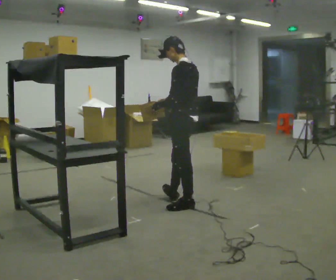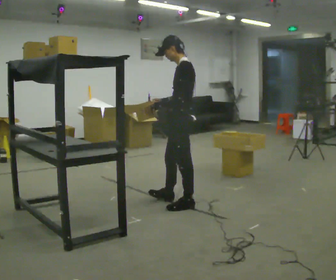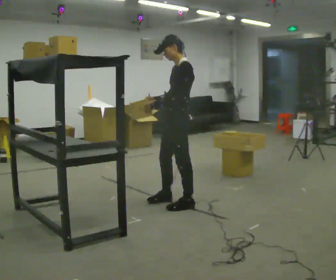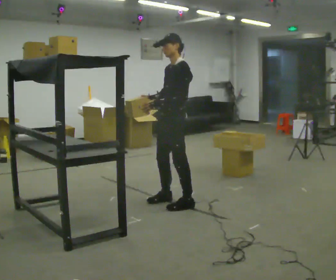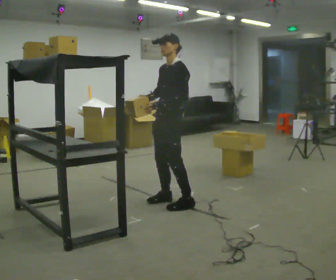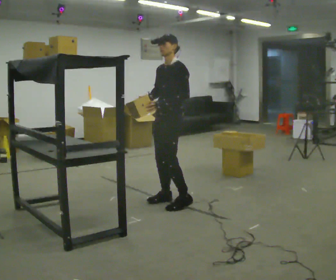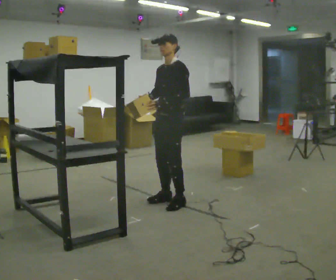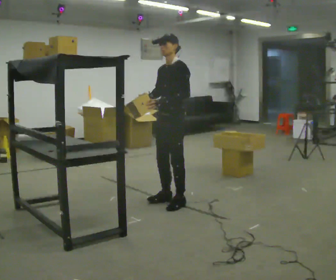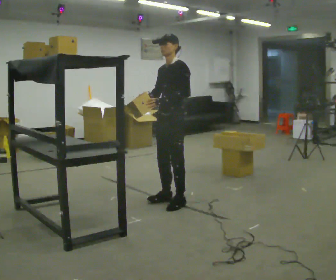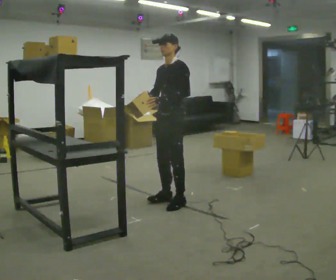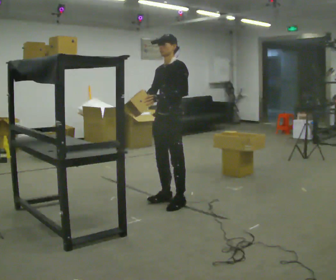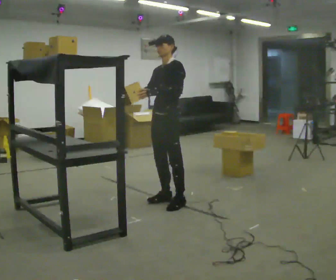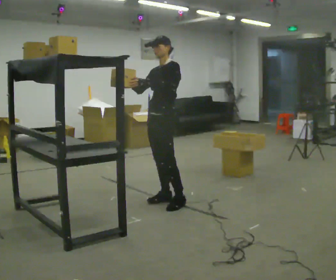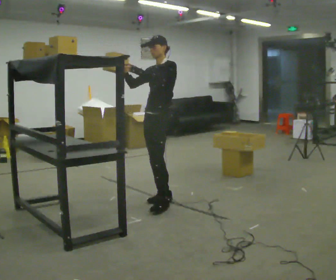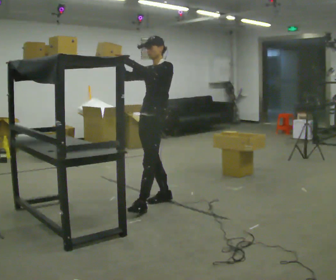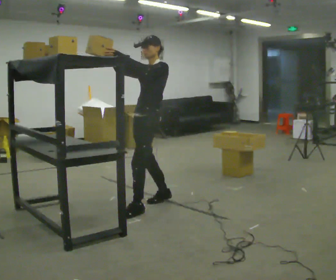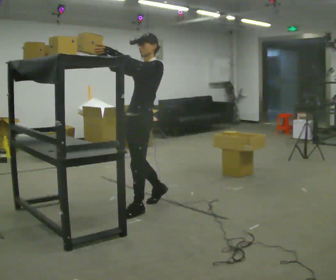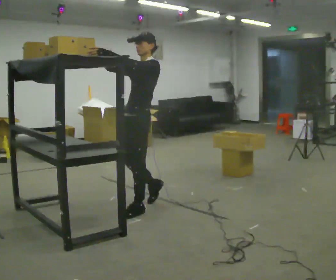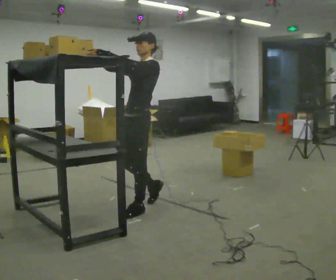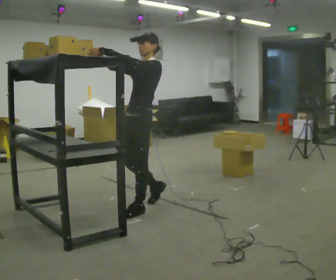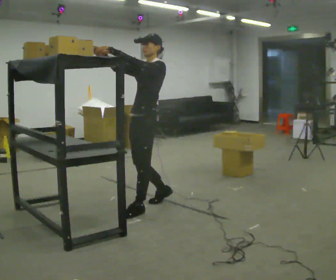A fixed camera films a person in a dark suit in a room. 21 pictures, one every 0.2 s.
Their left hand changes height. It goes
upward.
The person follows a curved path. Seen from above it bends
counterclockwise.
0.0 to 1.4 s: The part of the body nearest the lens slides to the right as the person turns to their left by about 60 degrees.
1.4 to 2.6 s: The person moves a little, or ends about where they began.
2.6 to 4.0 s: In the picture they go toward the camera, about 0.25 m in 1 step, which for them is forward and to their left.
The film runs backward here.
